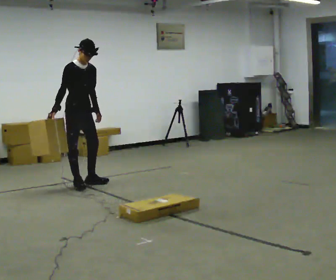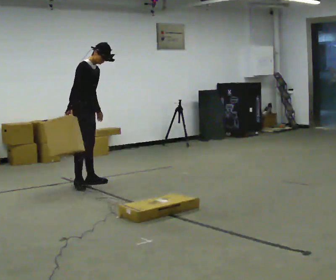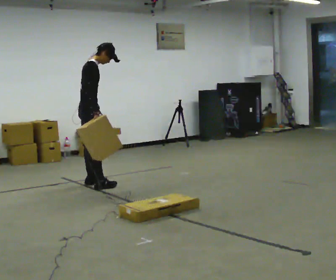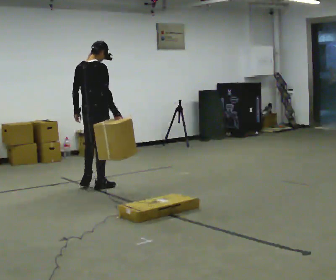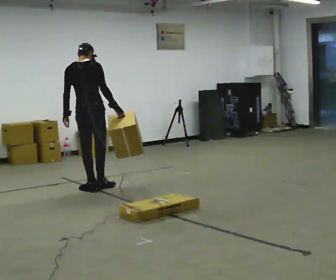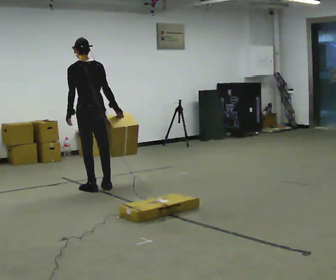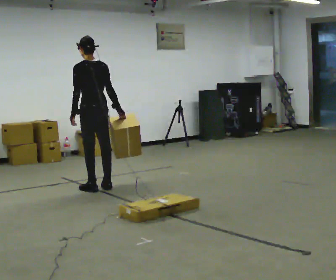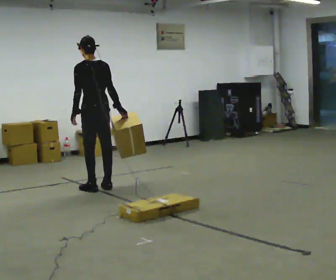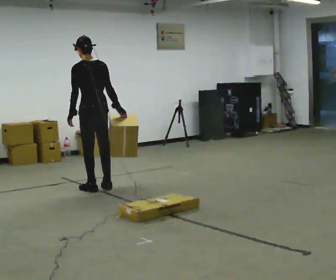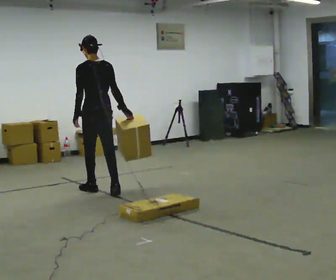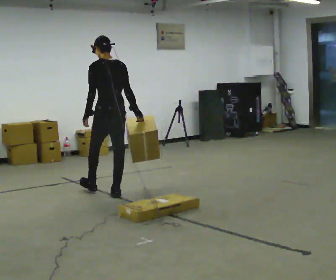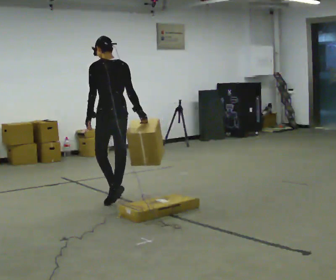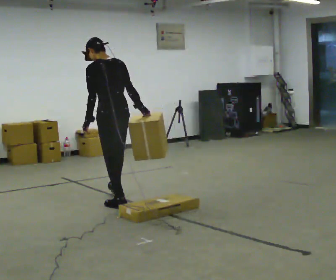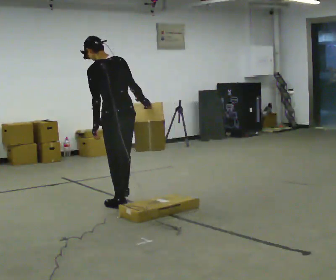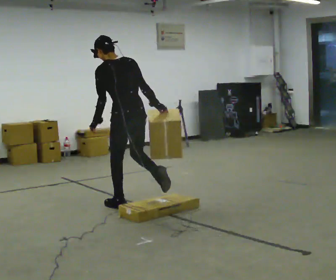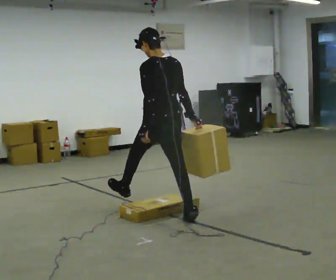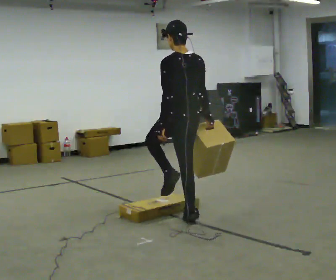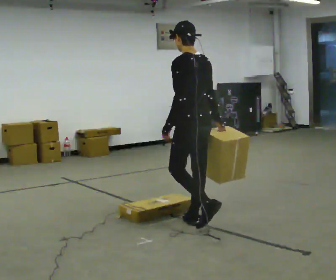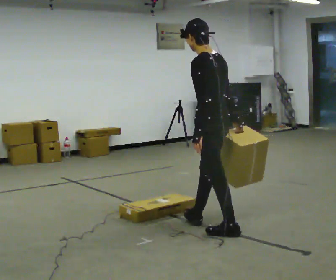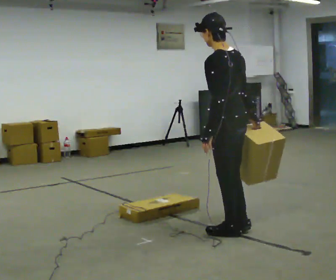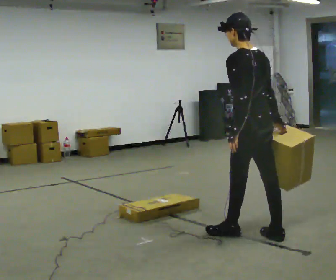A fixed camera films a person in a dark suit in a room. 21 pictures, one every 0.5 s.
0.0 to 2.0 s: The person turns about 135 degrees to their left, counterclockwise seen from above, so the part of the body nearest the lens slides to the right. In the picture they go toward the camera and to the right, about 0.25 m in 2 steps.
2.0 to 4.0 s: The person turns about 30 degrees to their left, counterclockwise seen from above, so the part of the body nearest the lens slides to the right.
4.0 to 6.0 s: In the picture they go toward the camera, about 0.75 m in 2 steps, which for them is backward.
6.0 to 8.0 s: In the picture they go toward the camera and to the right, about 1 m in 2 steps, which for them is backward.
8.0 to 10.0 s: In the picture they go toward the camera and to the right, about 1 m in 1 step, which for them is backward.
The film runs backward here.
